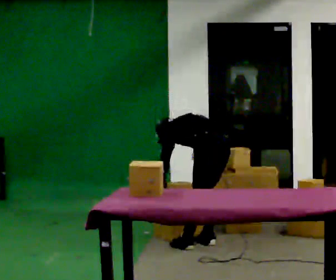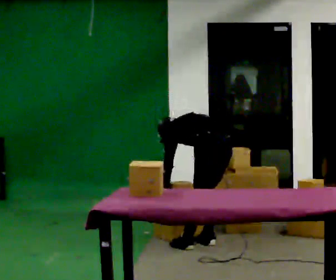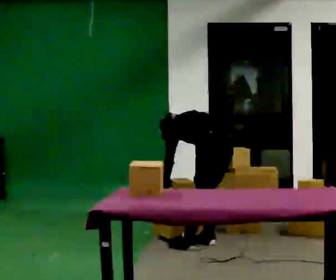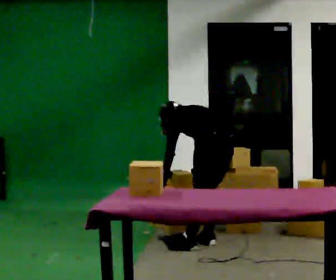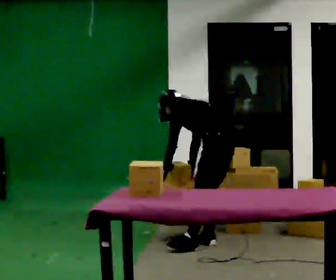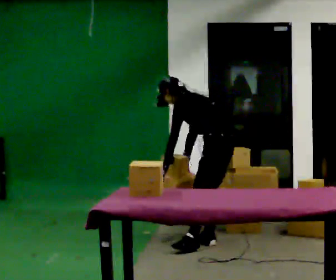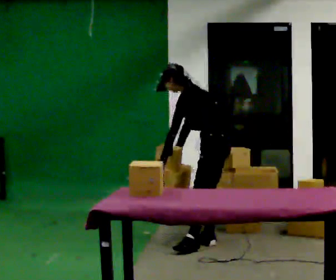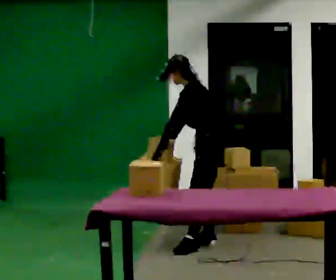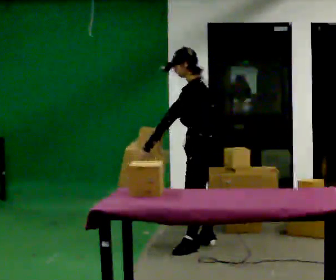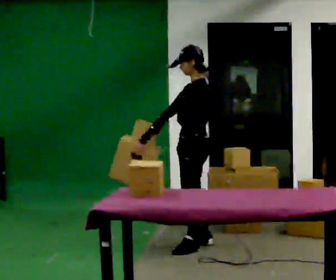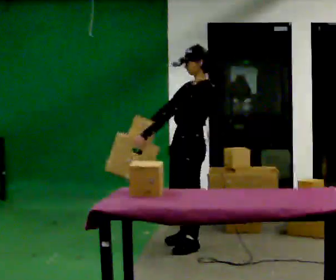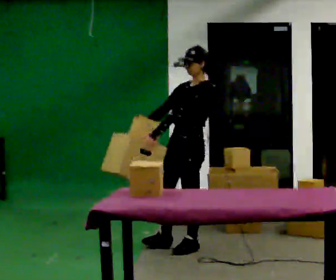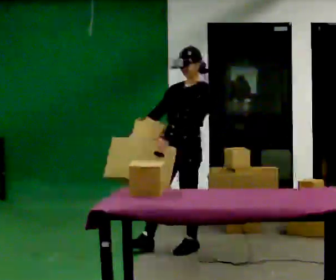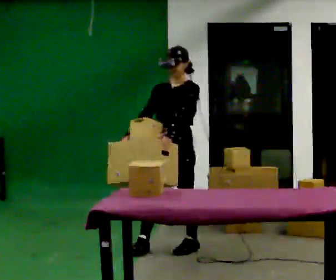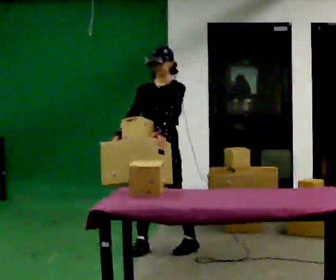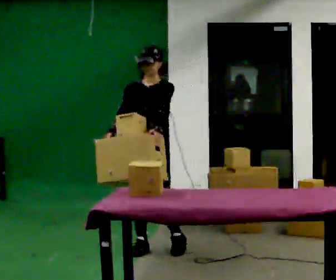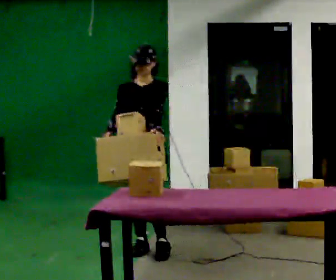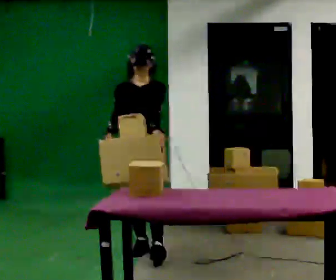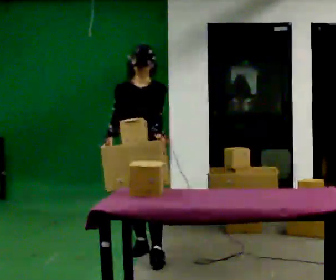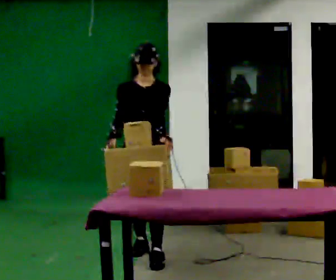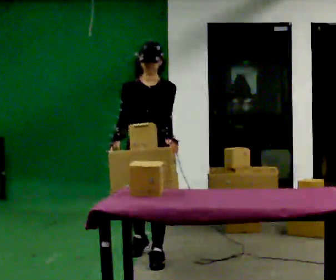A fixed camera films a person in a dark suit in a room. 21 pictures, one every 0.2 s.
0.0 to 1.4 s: Seen from above the body turns counterclockwise, about 30 degrees: to their left, with its near side sliding to the right. The shoulders move upward. The upper body tips toward the camera, its near side rolling downward, as they lean back or straighten. In the picture their right hand goes upward.
1.4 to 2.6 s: Seen from above the body turns counterclockwise, about 75 degrees: to their left, with its near side sliding to the right. In the picture they go to the left, about 0.25 m in 1 step.
2.6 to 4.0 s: In the picture they go toward the camera and to the left, about 0.25 m in 1 step, which for them is forward and to their right.
The film runs forward here.
